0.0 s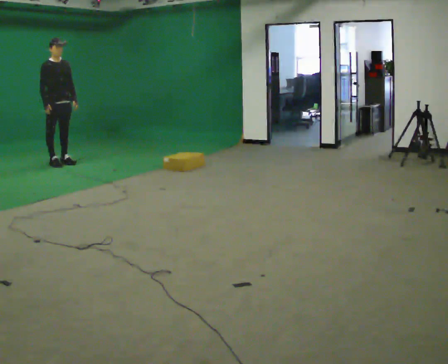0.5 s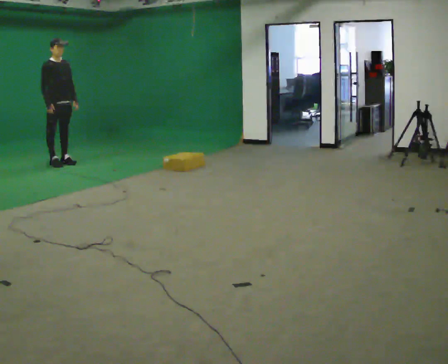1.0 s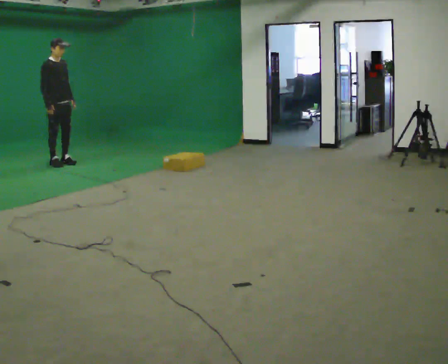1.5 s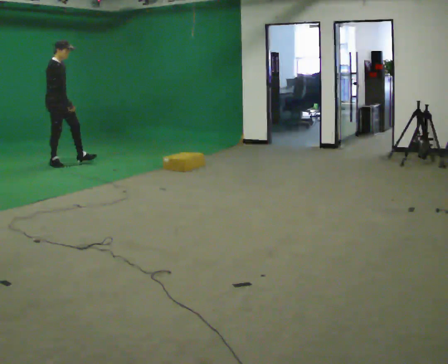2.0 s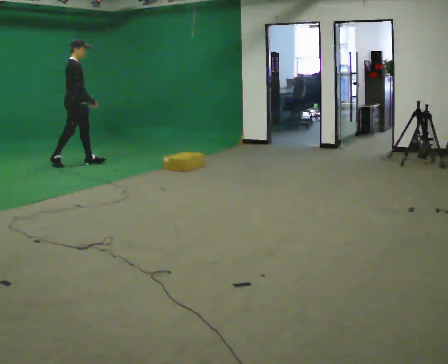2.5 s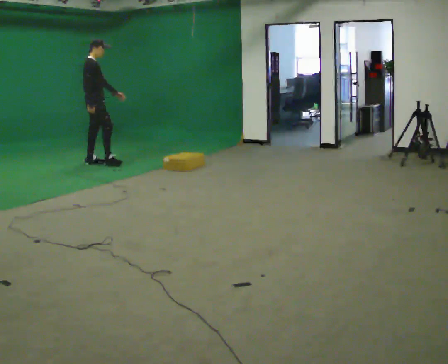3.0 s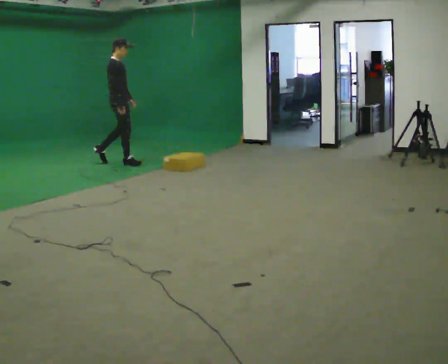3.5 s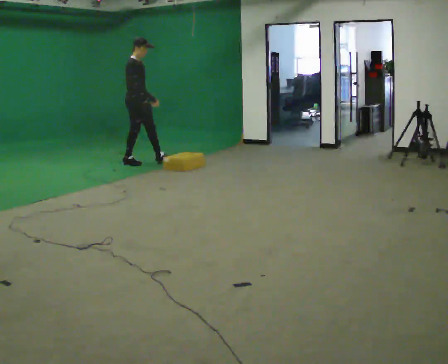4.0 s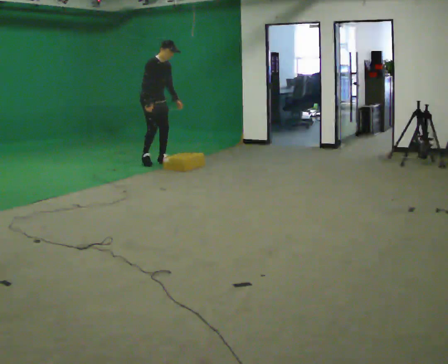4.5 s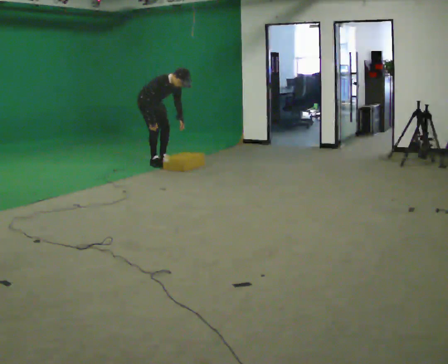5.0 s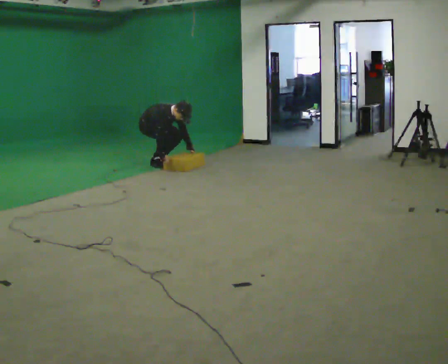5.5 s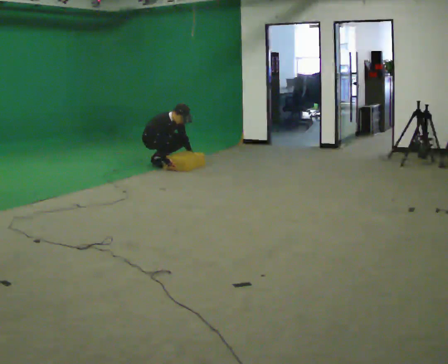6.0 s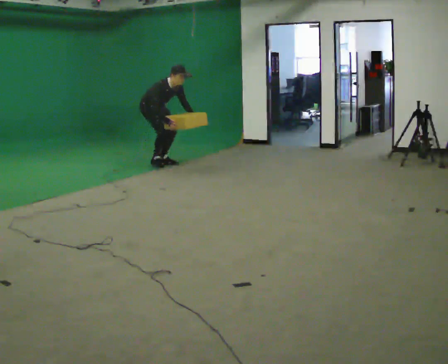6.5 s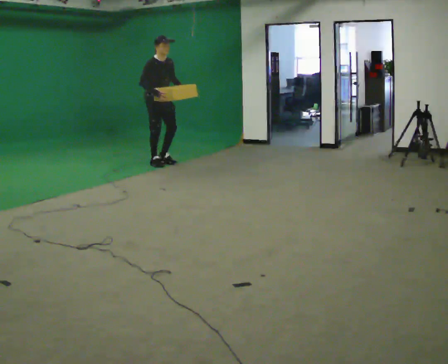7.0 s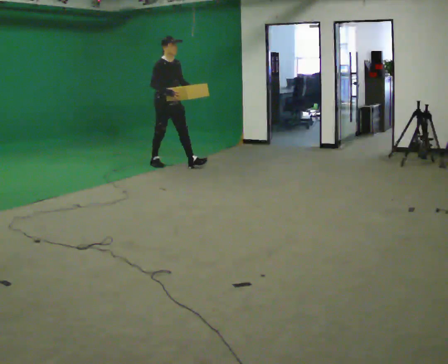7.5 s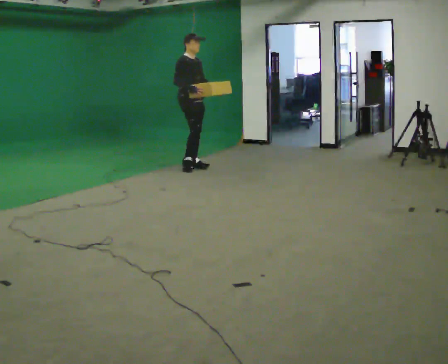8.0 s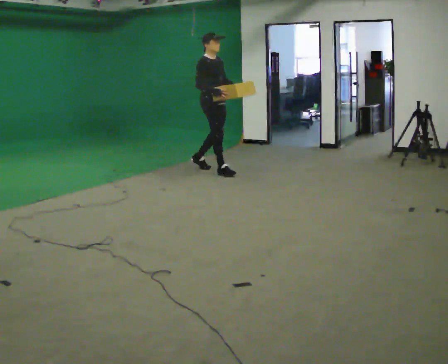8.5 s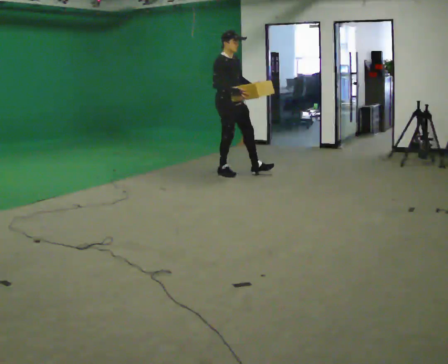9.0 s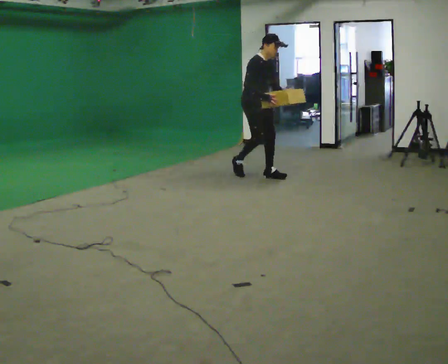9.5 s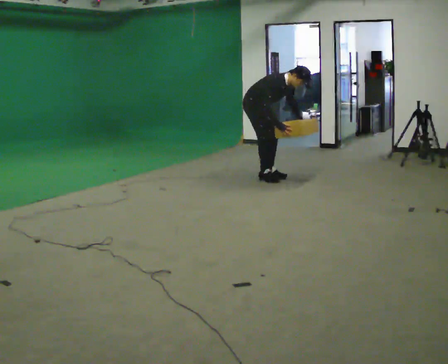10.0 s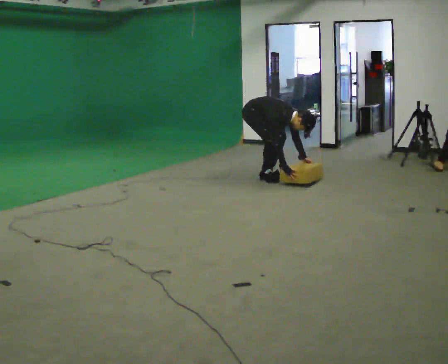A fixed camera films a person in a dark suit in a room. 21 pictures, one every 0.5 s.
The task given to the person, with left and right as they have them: Start still; walk straight at normal comfortable speed; stop at endpoint.
0.0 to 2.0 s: Seen from above the body turns counterclockwise, about 45 degrees: to their left, with its near side sliding to the right. In the picture they go to the right, about 0.25 m in 1 step, which for them is forward and to their left.
2.0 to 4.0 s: The part of the body nearest the lens slides to the left as the person turns to their right by about 45 degrees. In the picture they go to the right, about 1 m in 2 steps, which for them is forward. In the picture the upper body tilts clockwise, shoulders to the right, as they bend forward.
4.0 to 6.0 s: The person moves a little, or ends about where they began.
6.0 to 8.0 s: In the picture they go to the right and toward the camera, about 1 m in 2 steps, which for them is forward. The upper body goes upward. In the picture the upper body tilts counterclockwise, shoulders to the left, as they lean back or straighten. In the picture their right hand goes upward.
8.0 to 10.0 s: In the picture they go to the right and toward the camera, about 0.5 m in 2 steps, which for them is forward. The shoulders move downward. In the picture the upper body tilts clockwise, shoulders to the right, as they bend forward. In the picture their right hand goes downward.
The film runs forward here.
